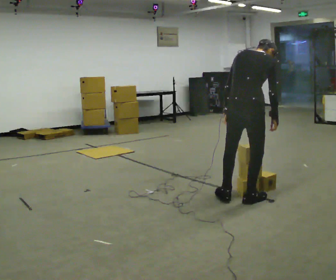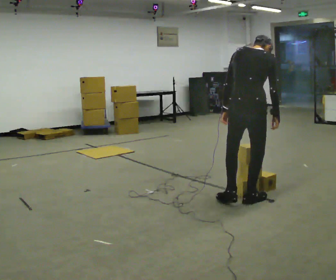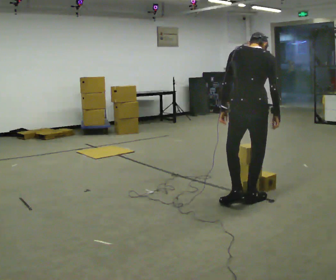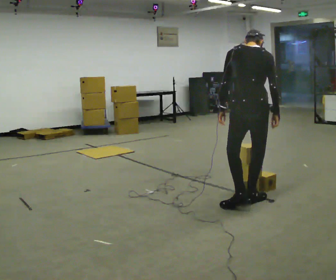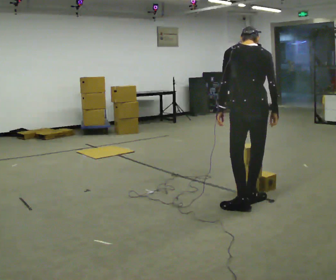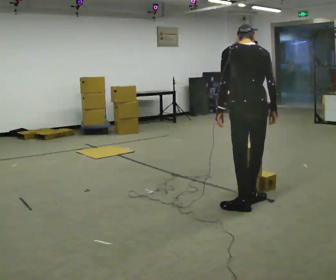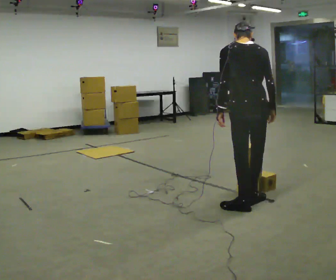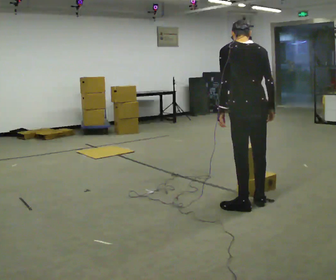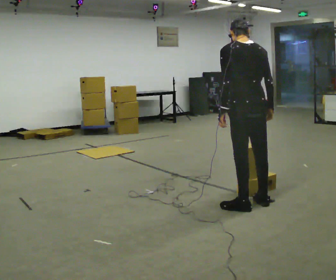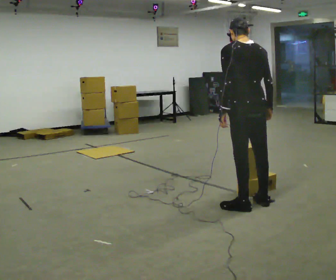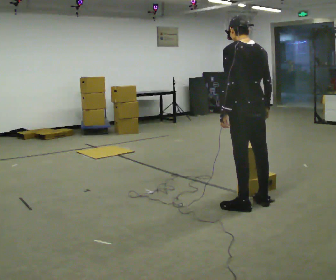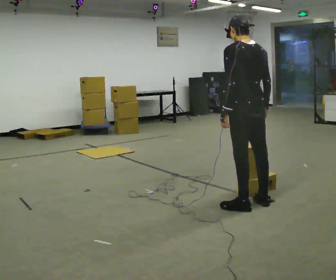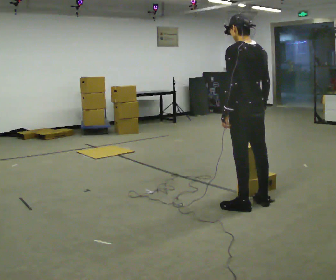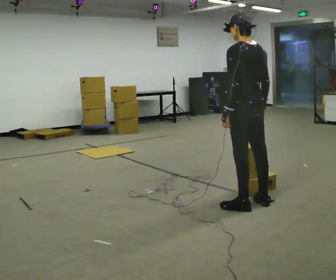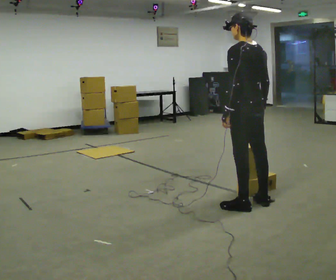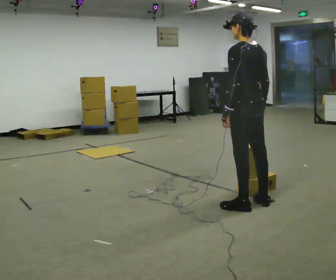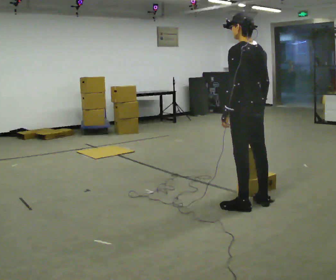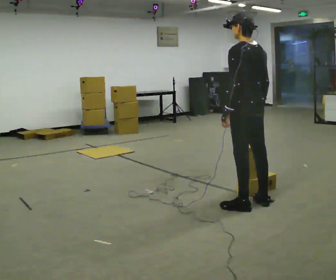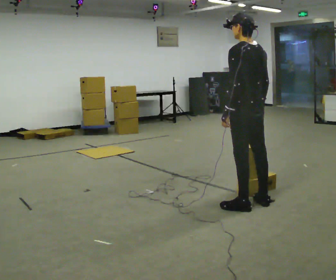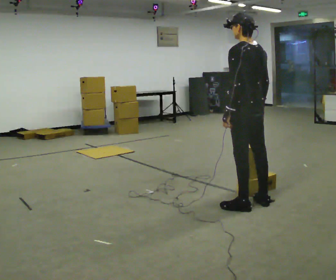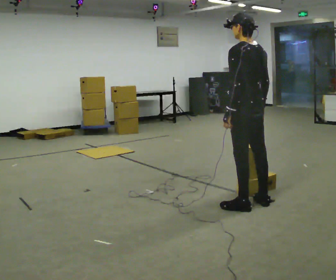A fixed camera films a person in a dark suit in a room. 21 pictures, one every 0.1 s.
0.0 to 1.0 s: Seen from above the body turns counterclockwise, about 45 degrees: to their left, with its near side sliding to the right. The upper body tips toward the camera, its near side rolling downward, as they lean back or straighten.
1.0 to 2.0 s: The person moves a little, or ends about where they began.
The film runs backward here.
